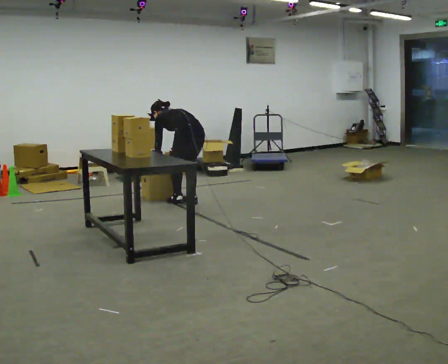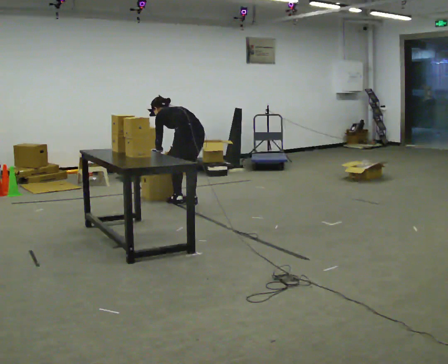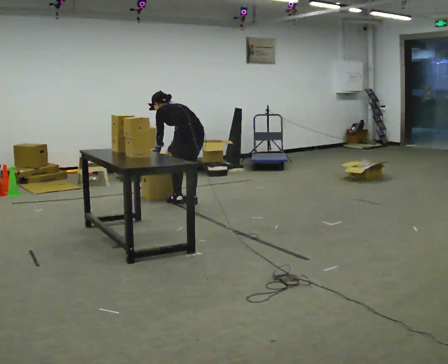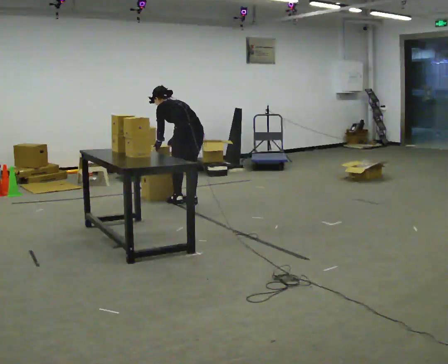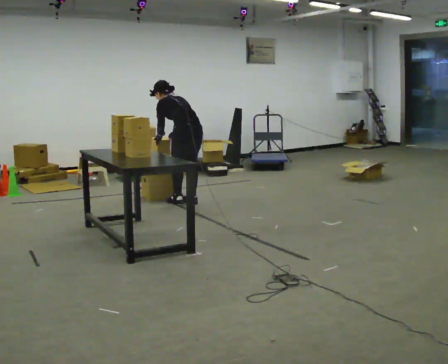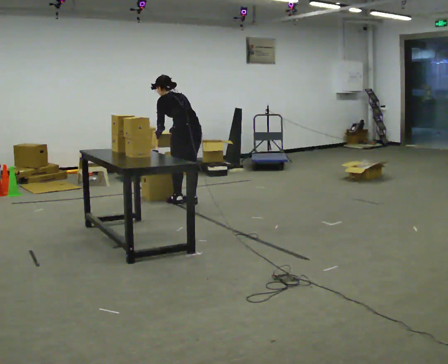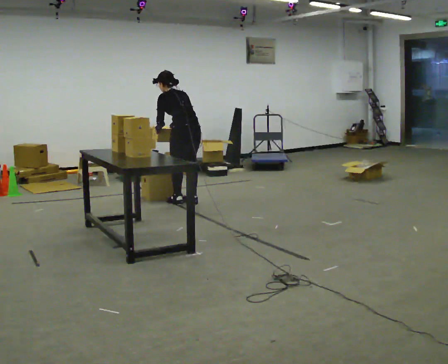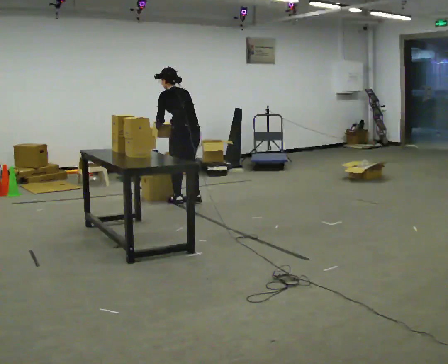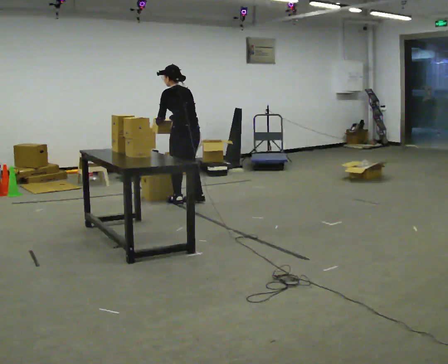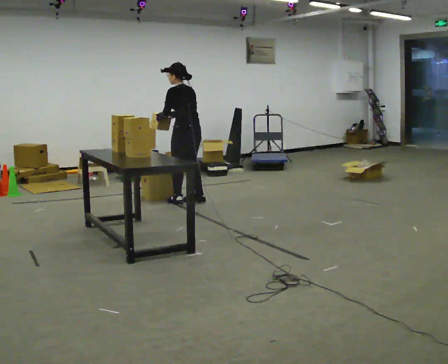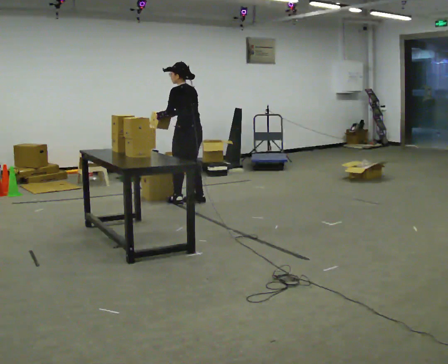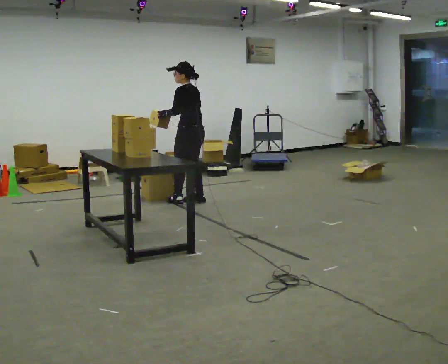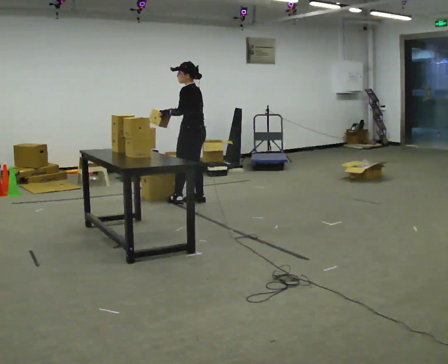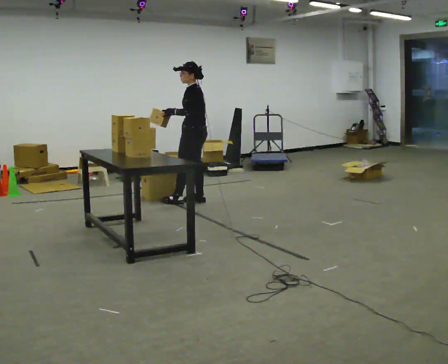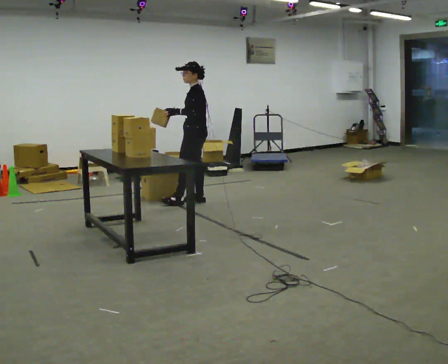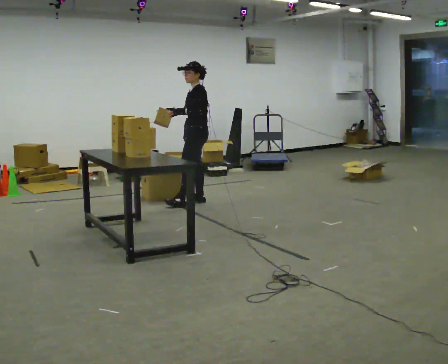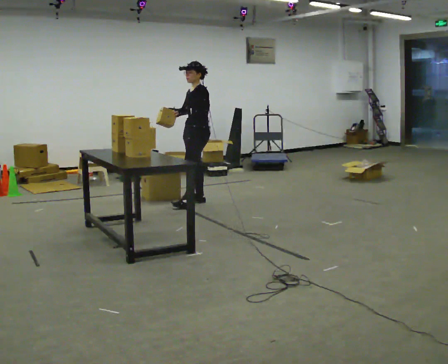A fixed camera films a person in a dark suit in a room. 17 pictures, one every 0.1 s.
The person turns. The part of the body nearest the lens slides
to the right.
Their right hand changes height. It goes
upward.
0.0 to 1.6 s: Seen from above the body turns counterclockwise, about 75 degrees: to their left, with its near side sliding to the right. The shoulders move upward. The upper body tips toward the camera, its near side rolling downward, as they lean back or straighten. In the picture their right hand goes upward.
The film runs forward here.
